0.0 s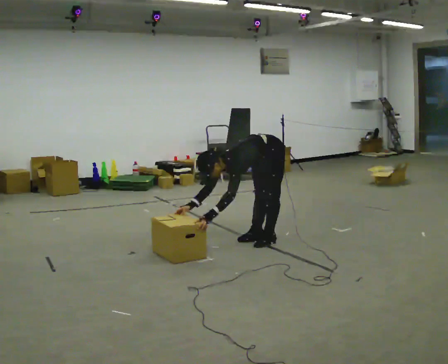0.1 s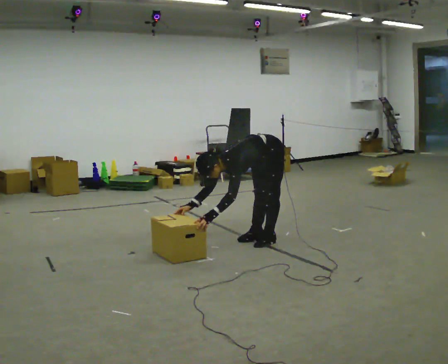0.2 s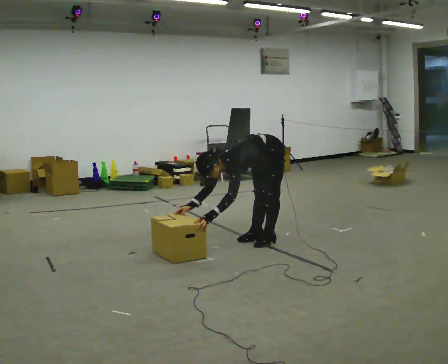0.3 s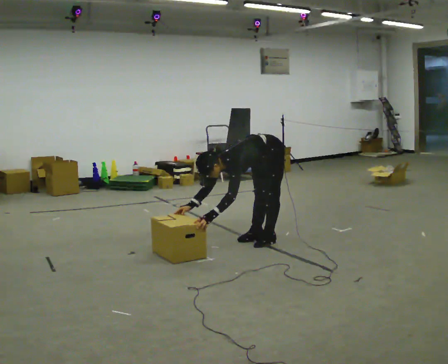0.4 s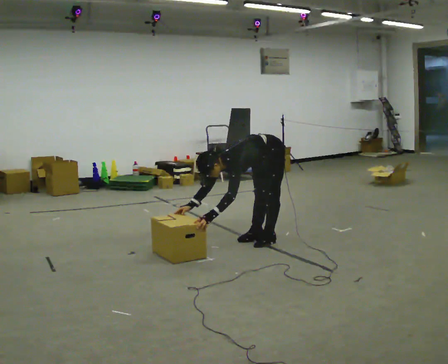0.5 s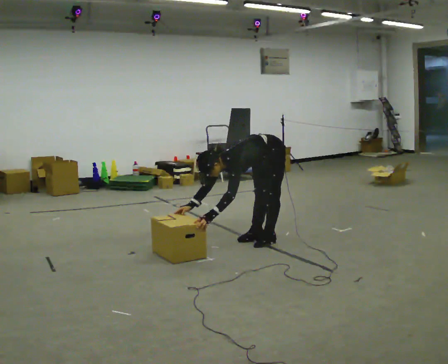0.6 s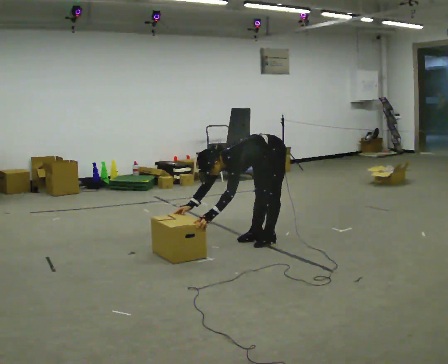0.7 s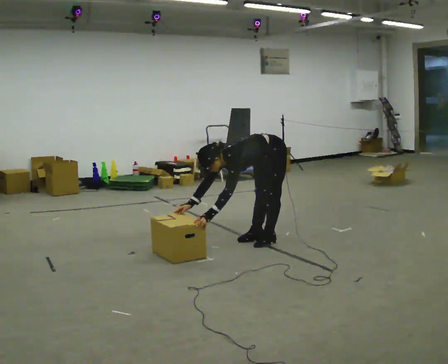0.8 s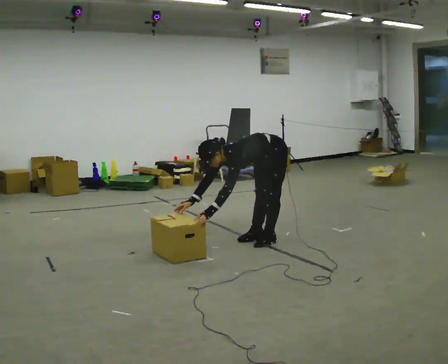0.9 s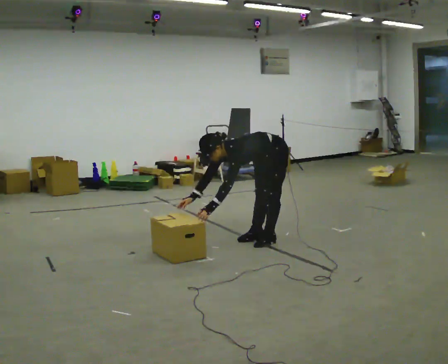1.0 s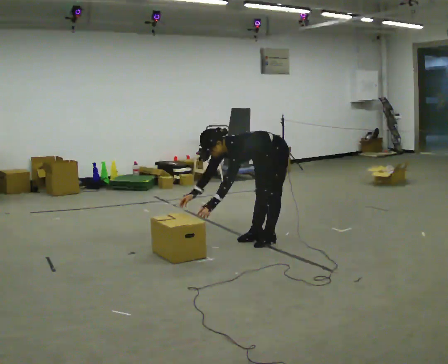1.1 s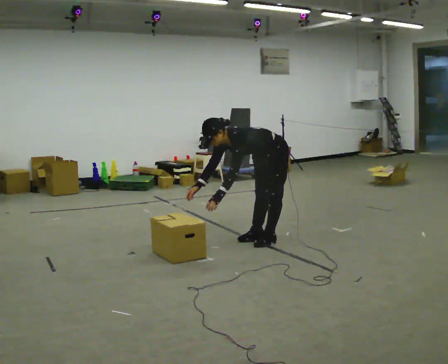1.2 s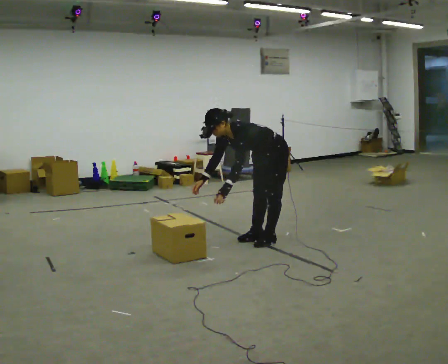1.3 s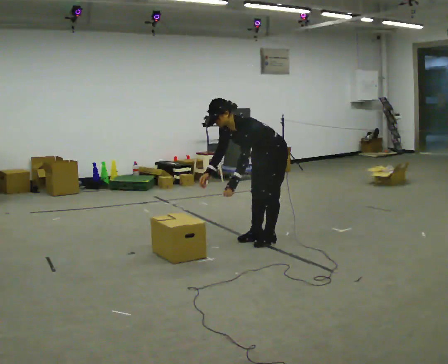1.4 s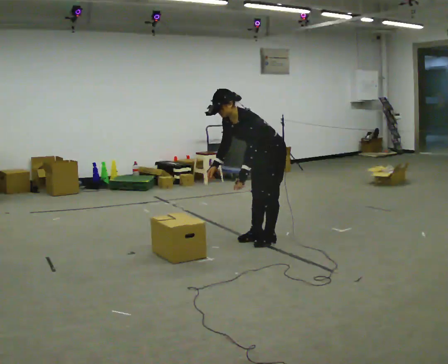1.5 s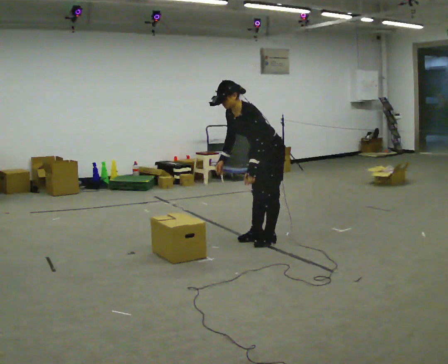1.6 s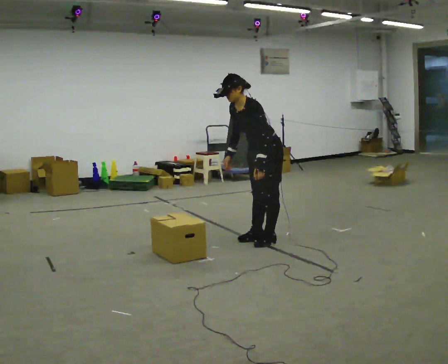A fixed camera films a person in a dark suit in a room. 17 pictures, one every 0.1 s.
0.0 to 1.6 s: The shoulders move upward. In the picture the upper body tilts clockwise, shoulders to the right, as they lean back or straighten. In the picture their right hand goes upward.
The film runs backward here.
